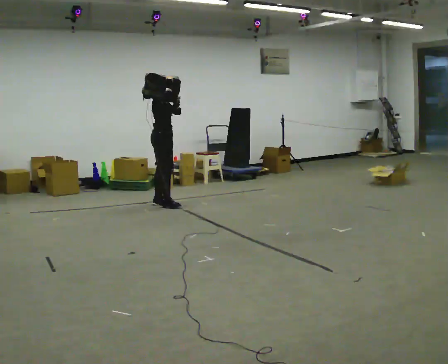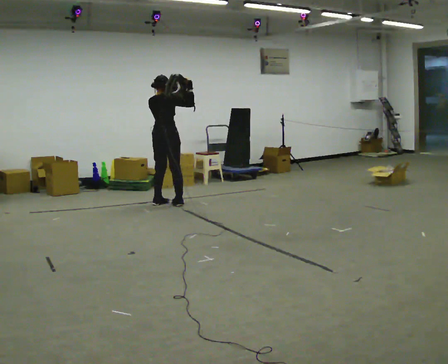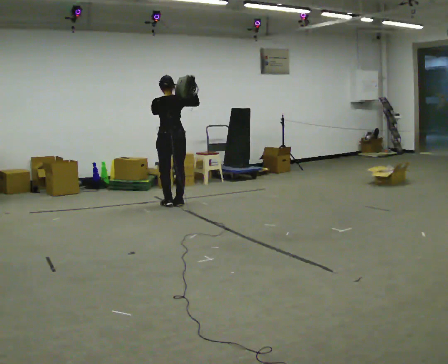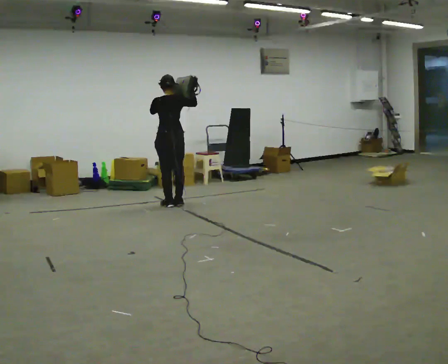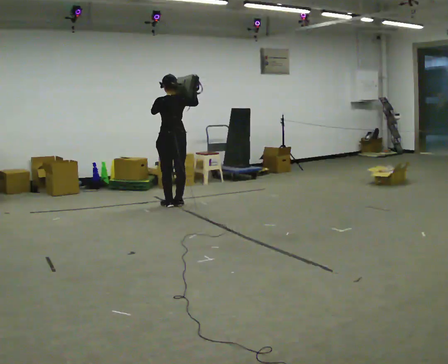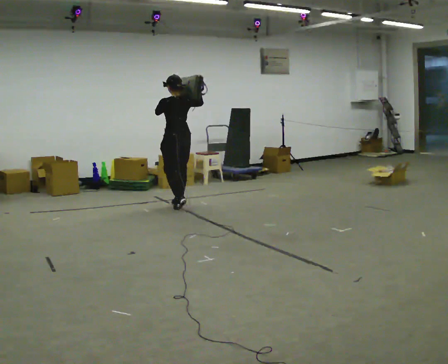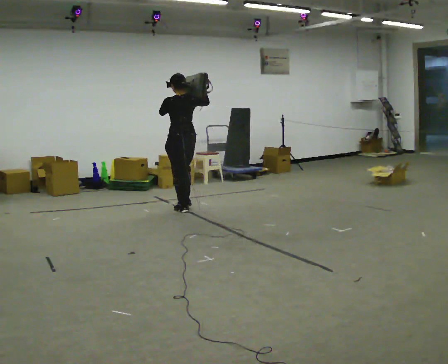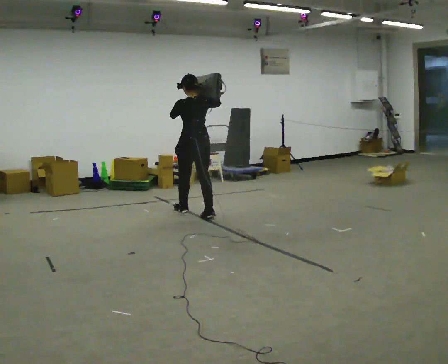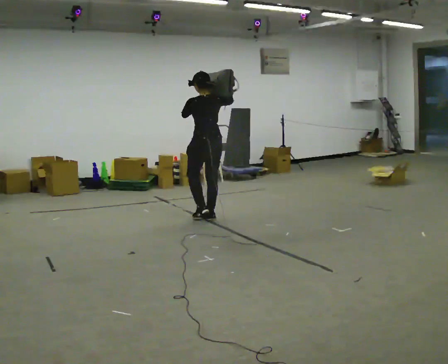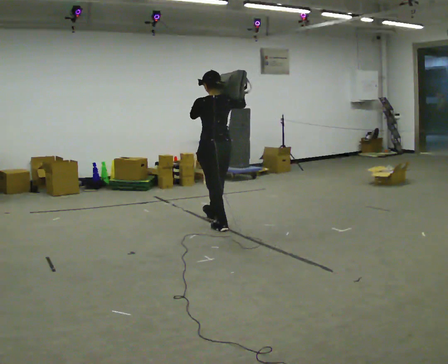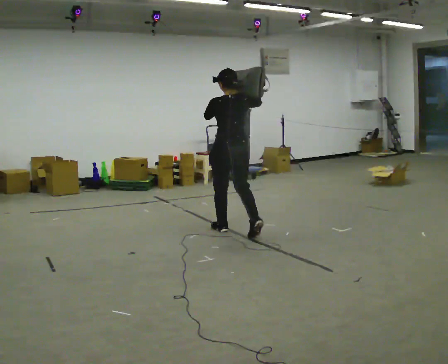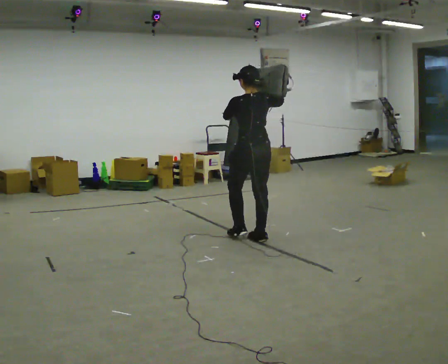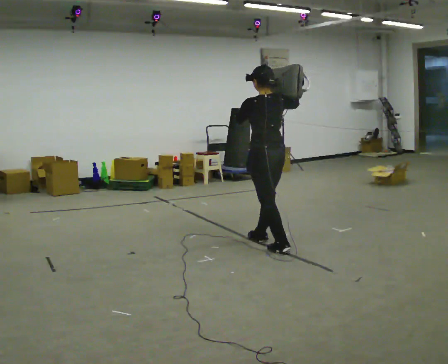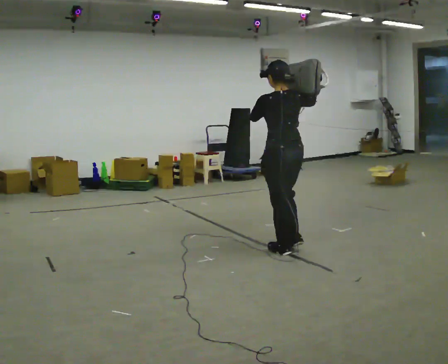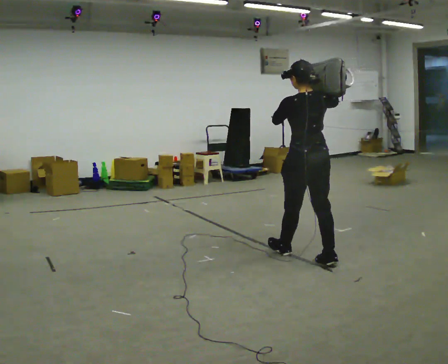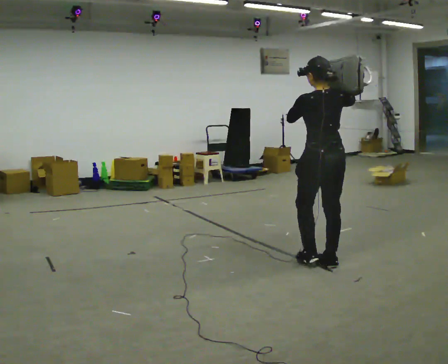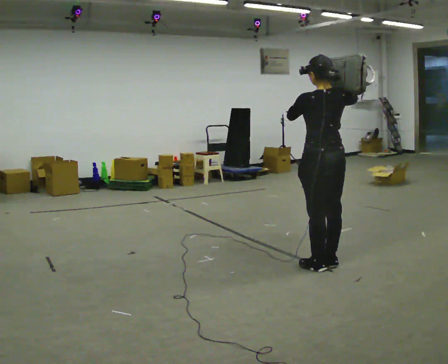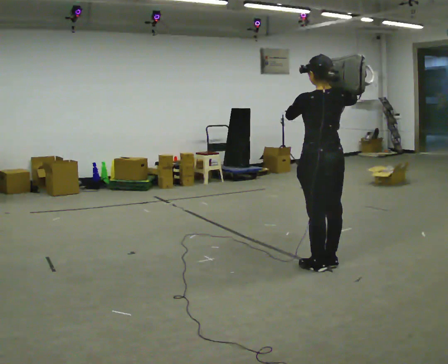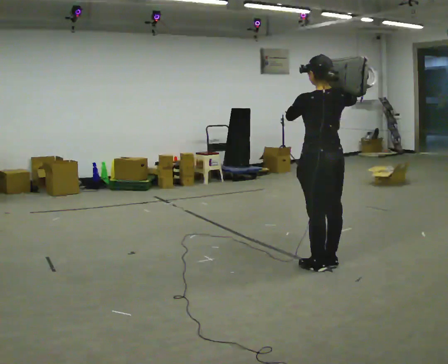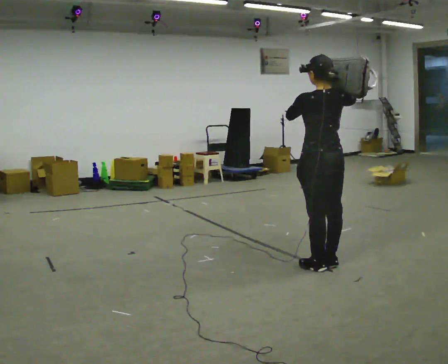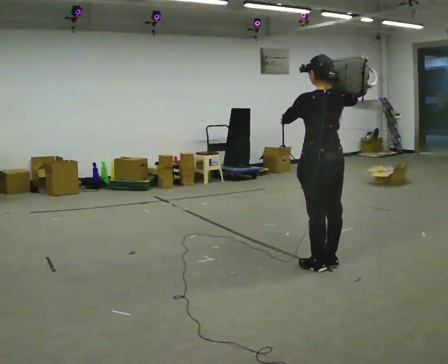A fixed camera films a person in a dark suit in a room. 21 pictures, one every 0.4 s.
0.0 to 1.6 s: The part of the body nearest the lens slides to the right as the person turns to their left by about 105 degrees. In the picture they go to the right, about 0.25 m in 2 steps.
1.6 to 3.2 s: In the picture they go toward the camera and to the right, about 1 m in 3 steps, which for them is backward.
3.2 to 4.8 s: In the picture they go toward the camera and to the right, about 1 m in 2 steps, which for them is backward.
4.8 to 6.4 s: In the picture they go toward the camera and to the right, about 0.5 m in 2 steps, which for them is backward.
6.4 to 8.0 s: The person moves a little, or ends about where they began.
The film runs backward here.
